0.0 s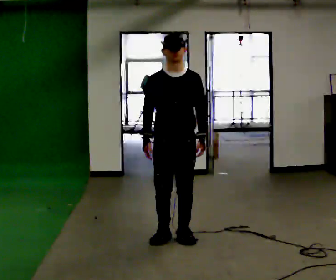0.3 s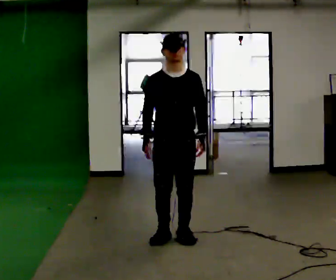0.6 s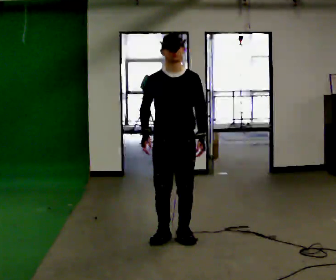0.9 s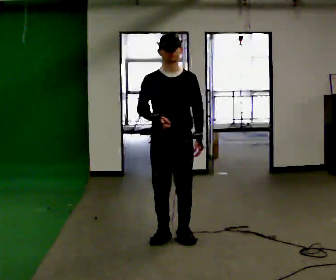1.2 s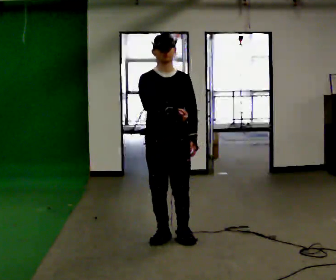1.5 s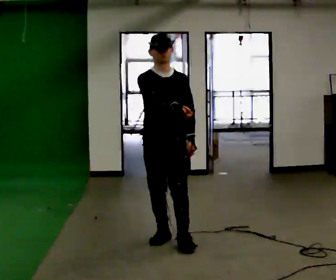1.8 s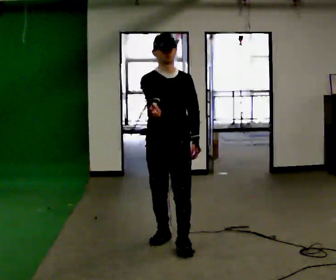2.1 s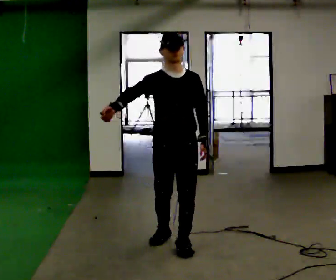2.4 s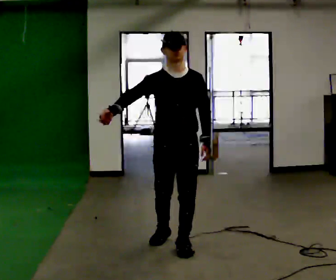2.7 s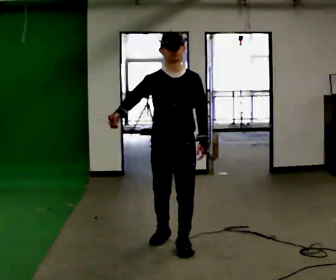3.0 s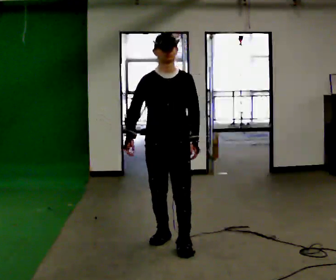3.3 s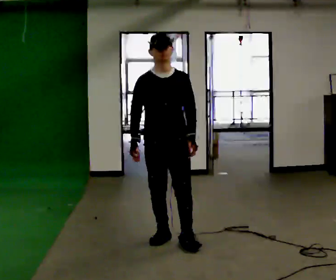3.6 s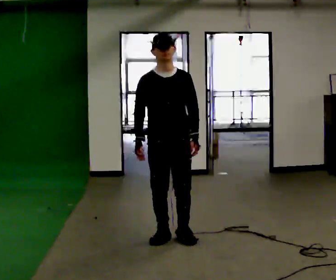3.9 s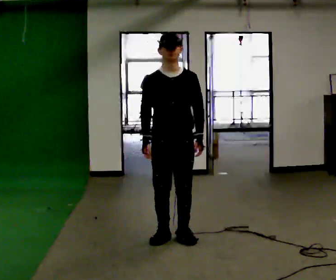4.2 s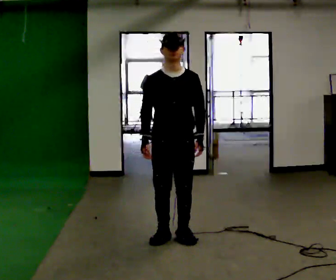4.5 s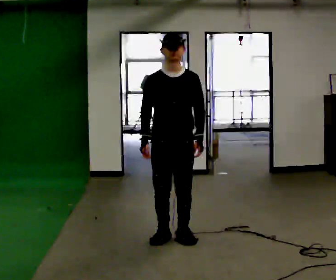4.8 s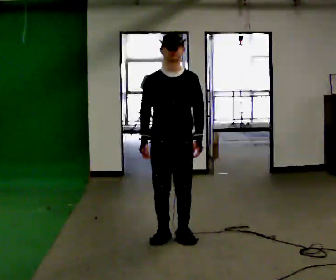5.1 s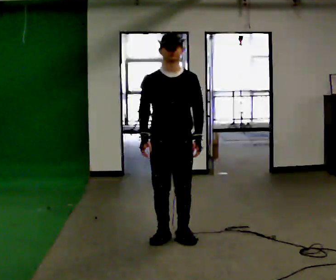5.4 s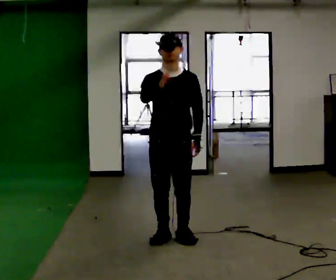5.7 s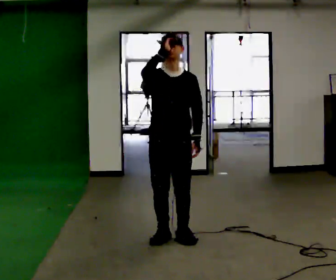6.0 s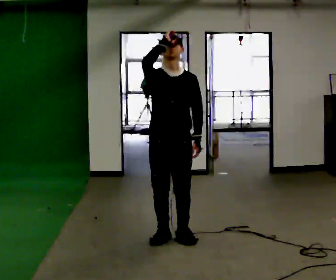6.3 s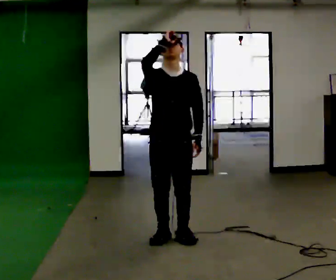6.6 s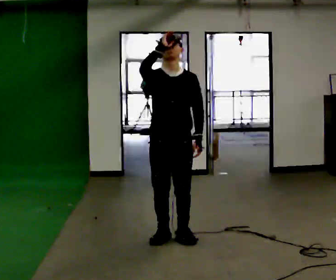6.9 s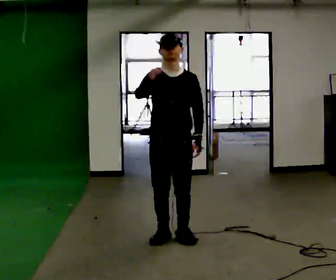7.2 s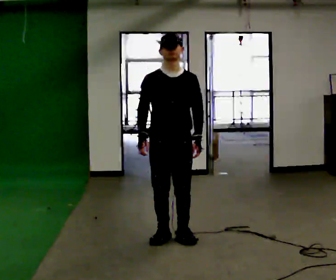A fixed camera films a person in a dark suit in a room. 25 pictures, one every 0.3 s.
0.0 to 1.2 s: The person moves a little, or ends about where they began.
1.2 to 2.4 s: In the picture they go toward the camera, about 0.25 m in 1 step, which for them is forward. In the picture their right hand goes to the left.
2.4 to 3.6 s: In the picture they go away from the camera, about 0.25 m in 1 step, which for them is backward.
3.6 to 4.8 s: The person moves a little, or ends about where they began.
4.8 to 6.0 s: In the picture their right hand goes upward.
6.0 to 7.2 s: In the picture their right hand goes downward.
The film runs forward here.
